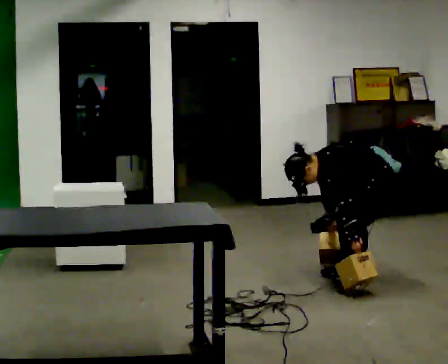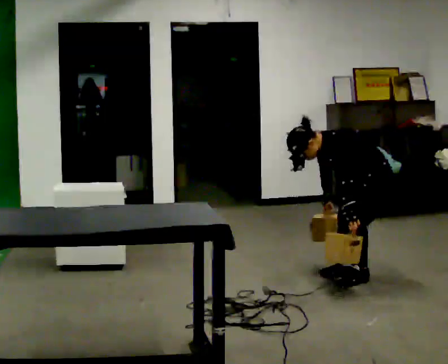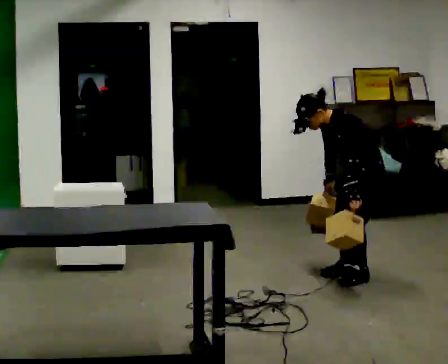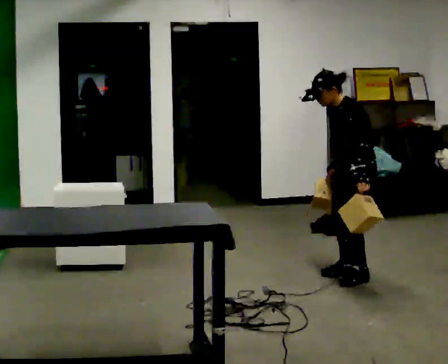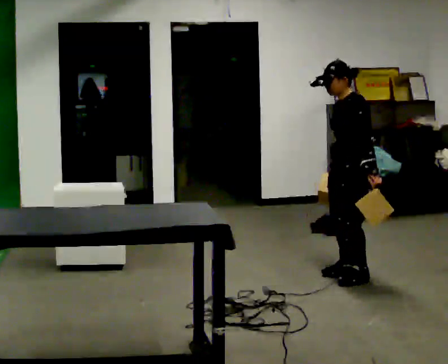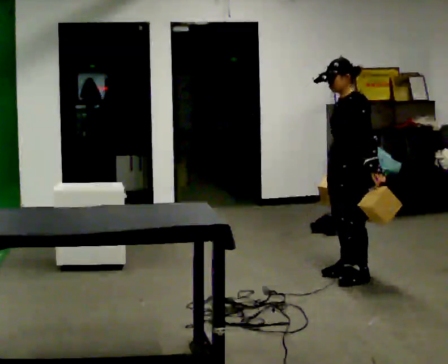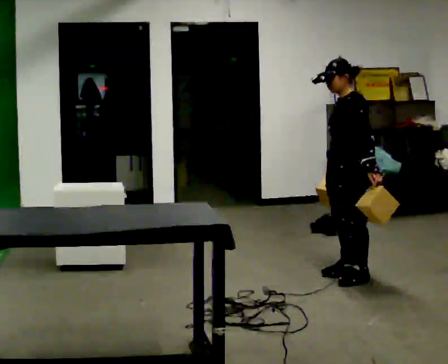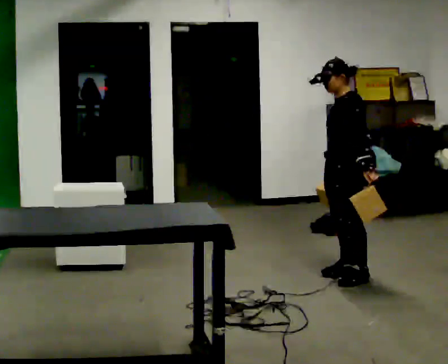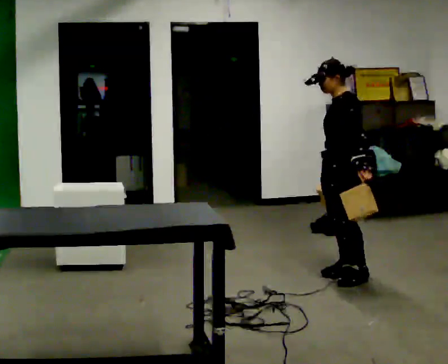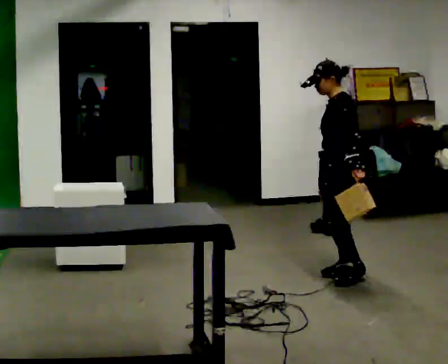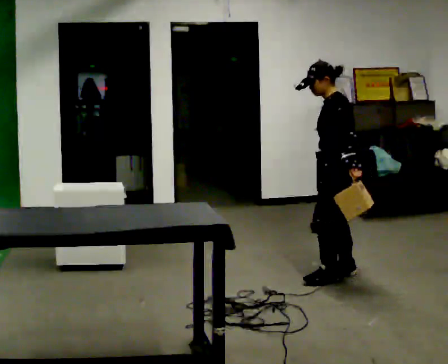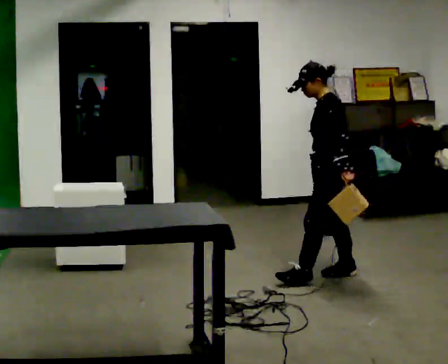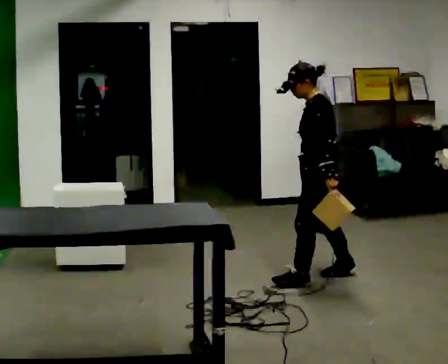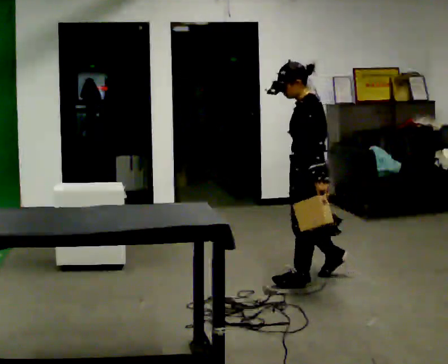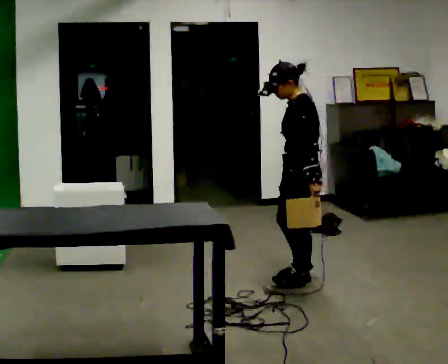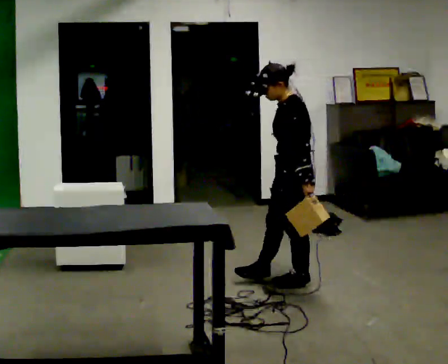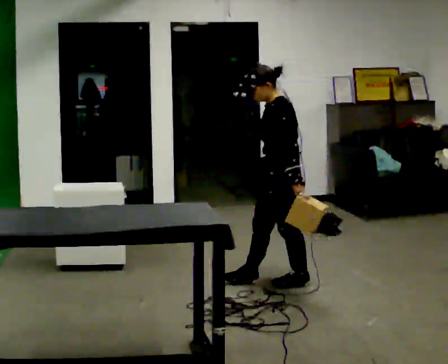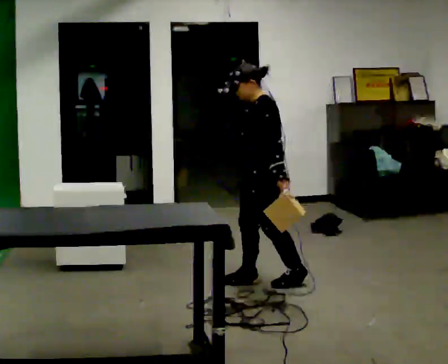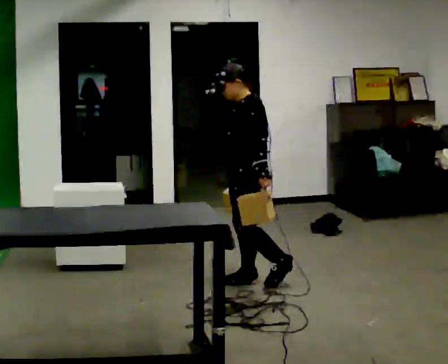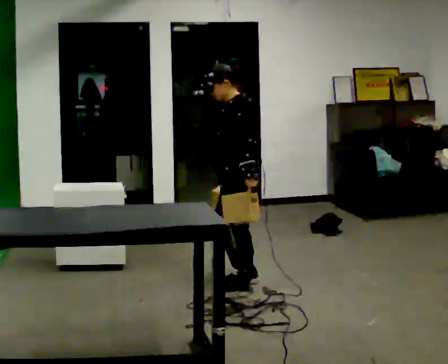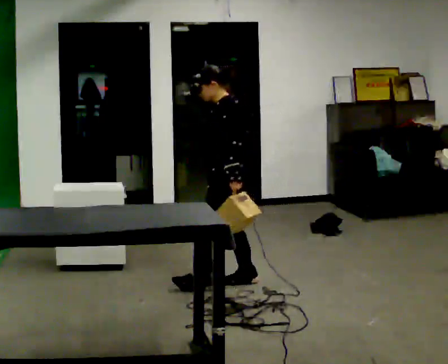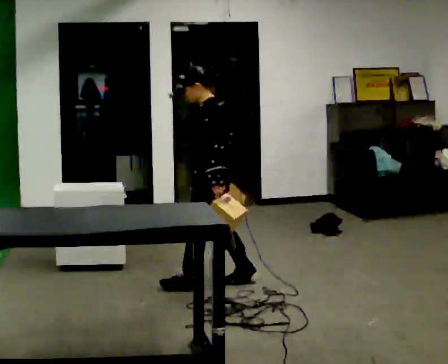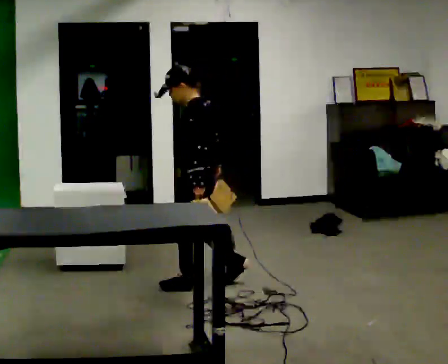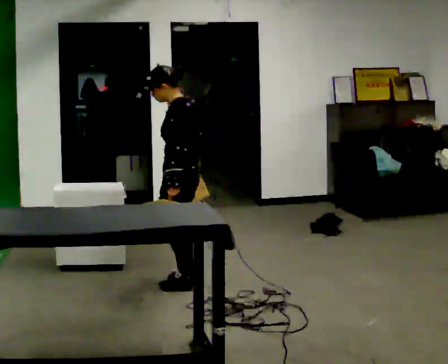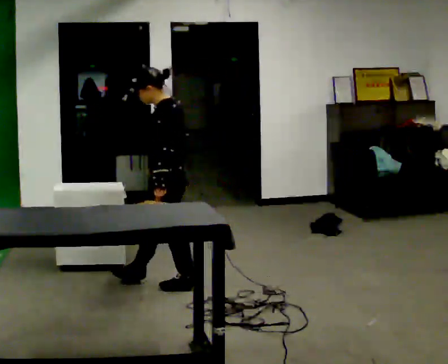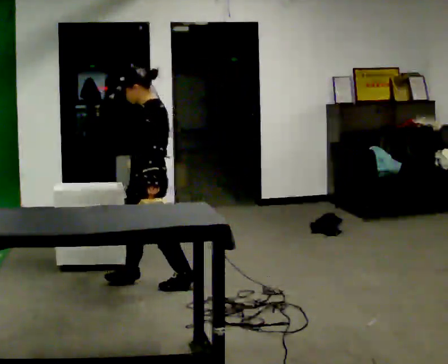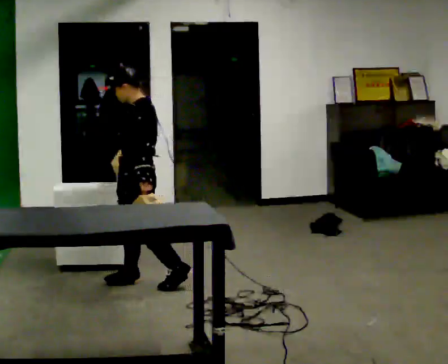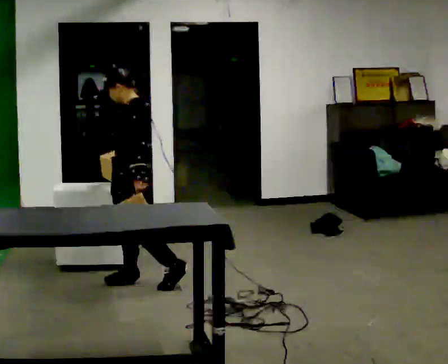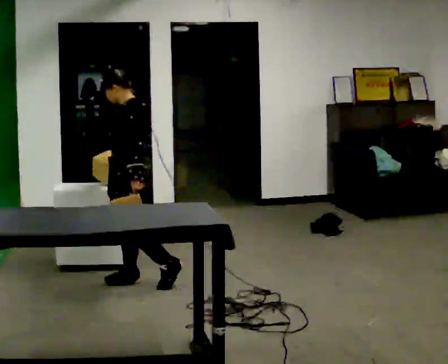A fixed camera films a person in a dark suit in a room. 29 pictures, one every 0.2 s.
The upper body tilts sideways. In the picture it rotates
clockwise.
The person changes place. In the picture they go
to the left.
0.0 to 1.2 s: In the picture they go to the left, about 0.25 m, which for them is forward. The upper body goes upward. In the picture the upper body tilts clockwise, shoulders to the right, as they lean back or straighten. In the picture their right hand goes upward.
1.2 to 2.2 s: The person moves a little, or ends about where they began.
2.2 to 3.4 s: In the picture they go to the left and toward the camera, about 0.5 m in 2 steps, which for them is forward.
3.4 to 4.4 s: In the picture they go to the left, about 0.5 m in 1 step, which for them is forward.
4.4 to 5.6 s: The part of the body nearest the lens slides to the right as the person turns to their left by about 30 degrees. In the picture they go to the left, about 0.5 m in 1 step, which for them is forward and to their right.
The film runs forward here.
